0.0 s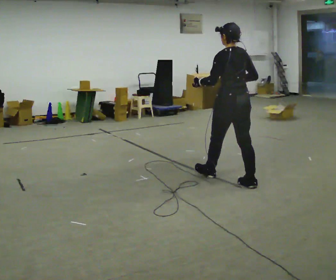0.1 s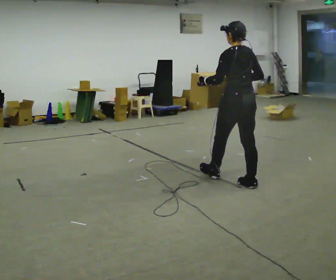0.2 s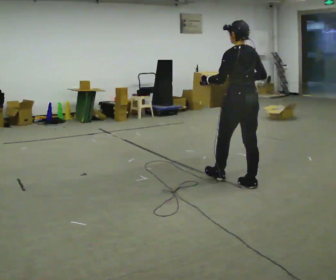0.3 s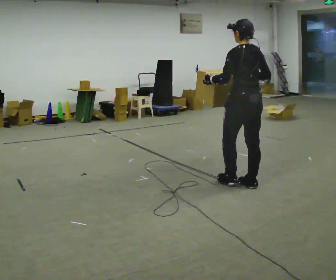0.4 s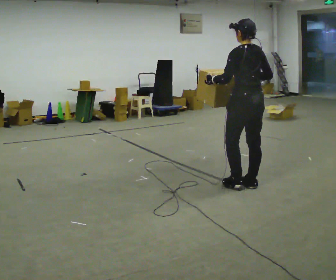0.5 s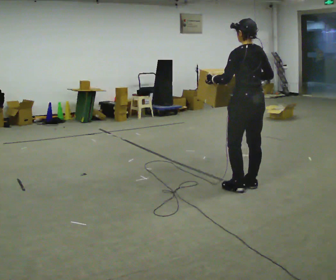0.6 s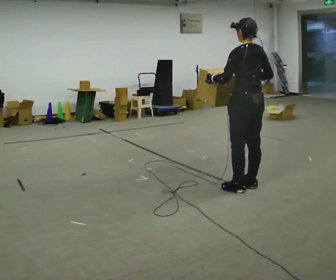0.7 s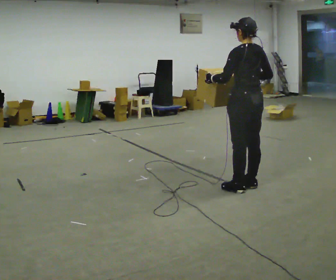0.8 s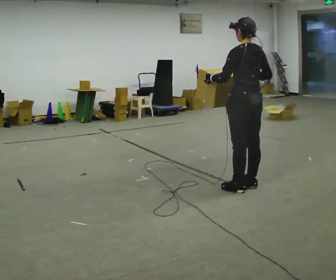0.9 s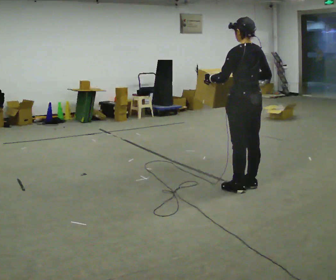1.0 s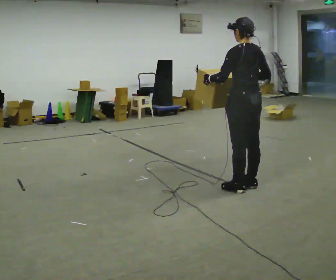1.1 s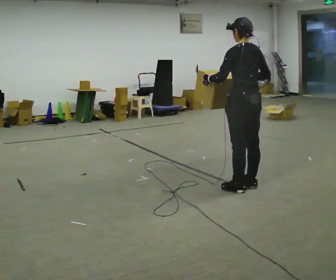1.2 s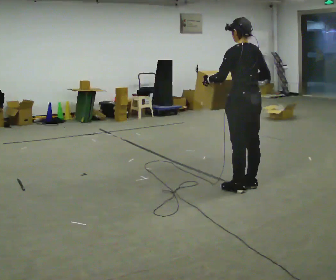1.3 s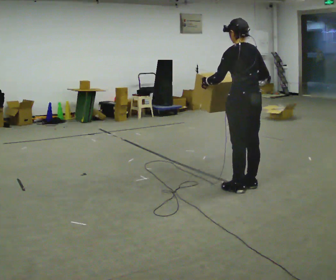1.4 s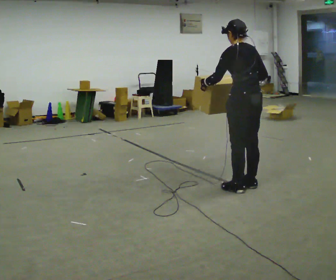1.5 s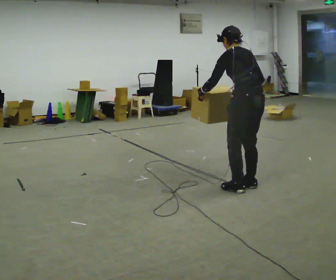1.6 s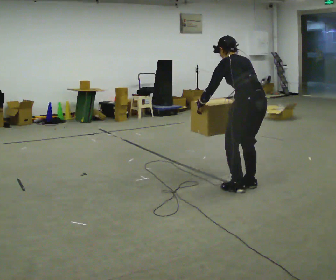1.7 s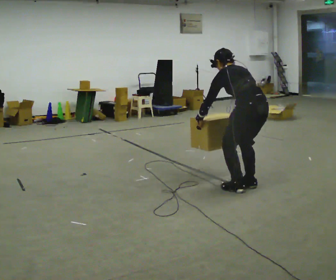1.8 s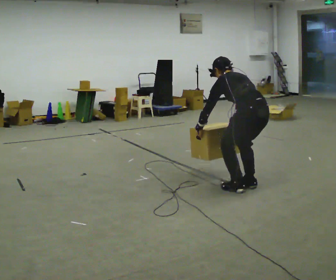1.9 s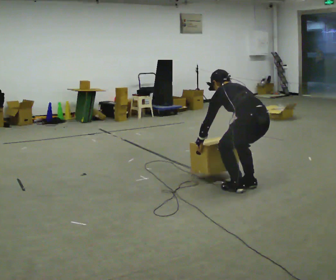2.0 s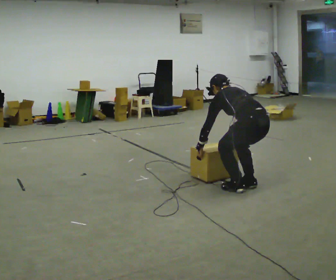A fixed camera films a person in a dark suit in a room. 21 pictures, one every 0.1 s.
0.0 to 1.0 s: In the picture they go toward the camera, about 0.25 m, which for them is backward.
1.0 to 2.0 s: The shoulders move downward. The upper body tips away from the camera, its near side rolling upward, as they bend forward. In the picture their left hand goes downward.
The film runs backward here.
